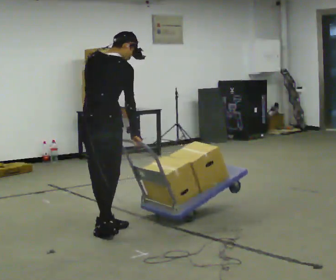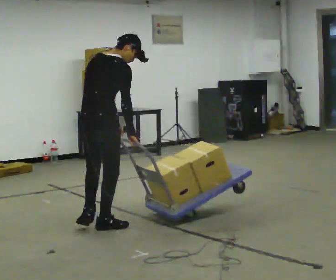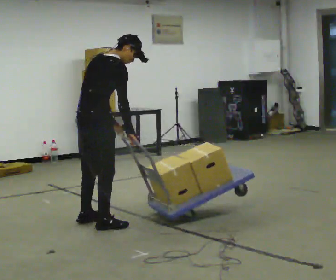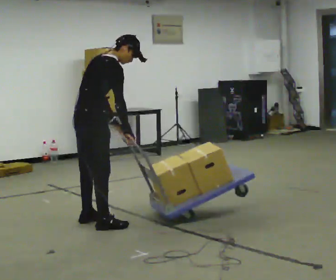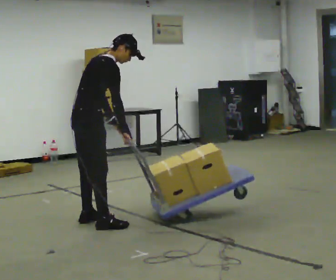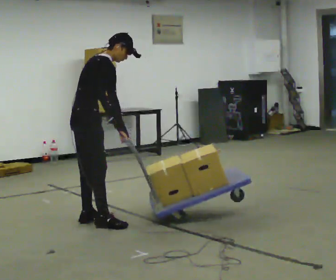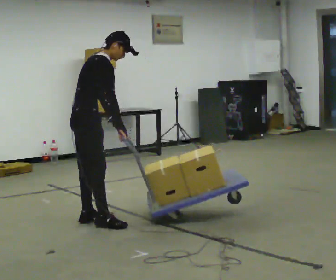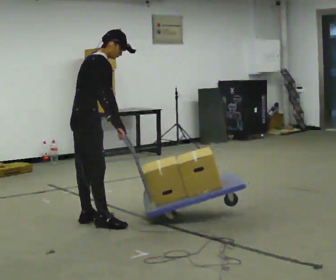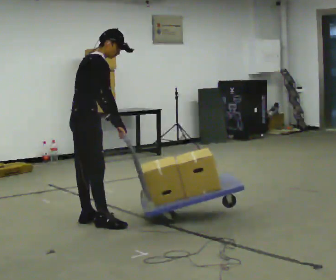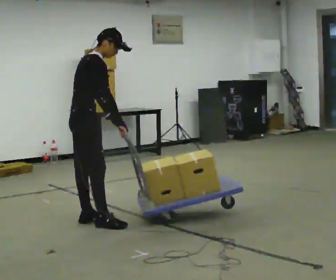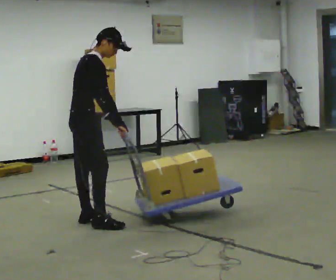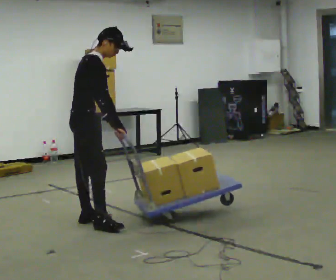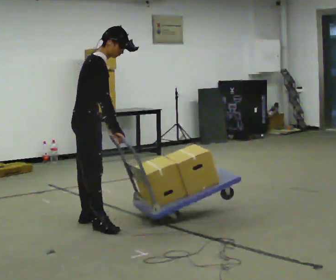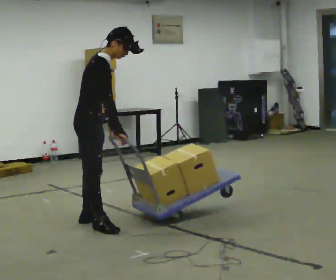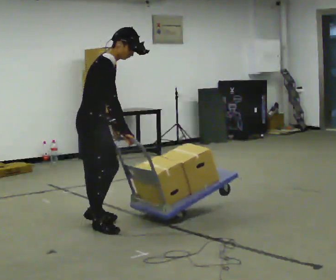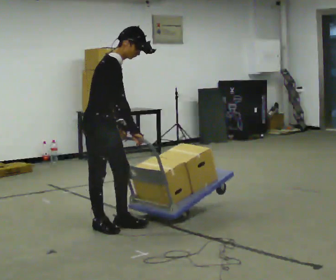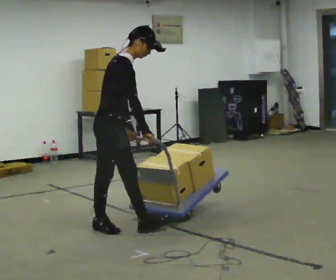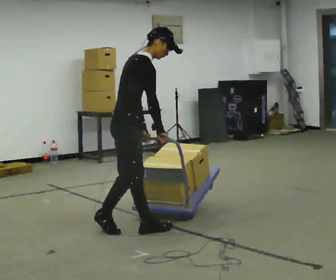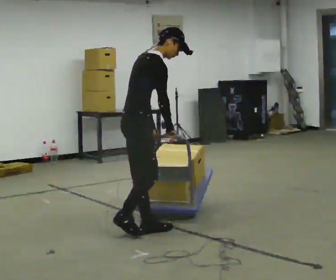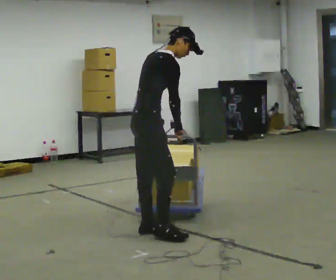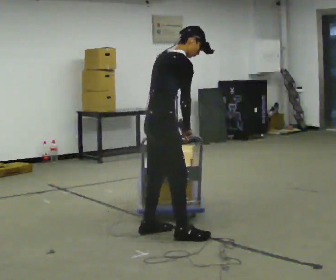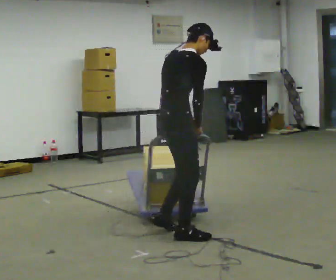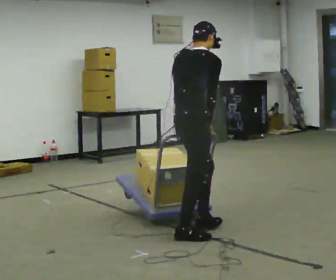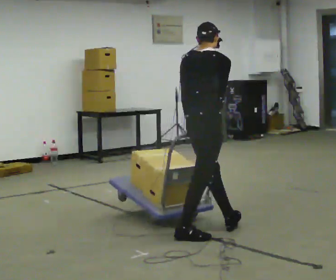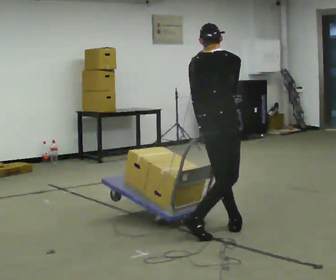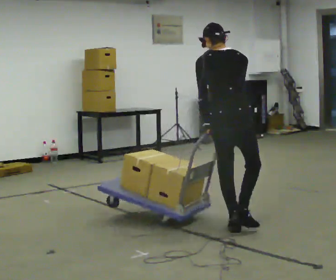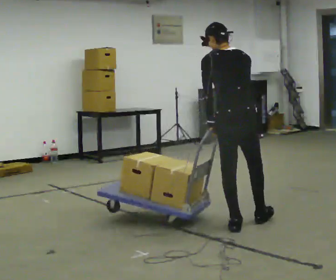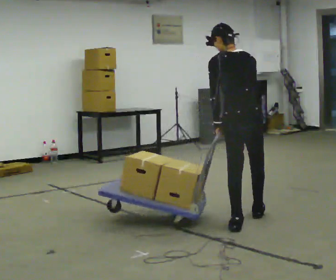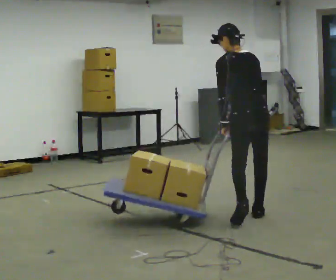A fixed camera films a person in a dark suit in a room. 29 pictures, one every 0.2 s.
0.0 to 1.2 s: The part of the body nearest the lens slides to the left as the person turns to their right by about 60 degrees. In the picture they go away from the camera and to the left, about 0.5 m in 1 step, which for them is to their left.
1.2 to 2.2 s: The person moves a little, or ends about where they began.
2.2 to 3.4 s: In the picture they go to the right and toward the camera, about 0.5 m in 1 step, which for them is forward and to their right.
3.4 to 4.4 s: The person turns about 30 degrees to their left, counterclockwise seen from above, so the part of the body nearest the lens slides to the right. In the picture they go to the right and toward the camera, about 0.5 m in 1 step, which for them is forward and to their right.
4.4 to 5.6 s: The person turns about 75 degrees to their left, counterclockwise seen from above, so the part of the body nearest the lens slides to the right. In the picture they go to the right and away from the camera, about 0.5 m in 2 steps. In the picture the upper body tilts counterclockwise, shoulders to the left.
The film runs forward here.
